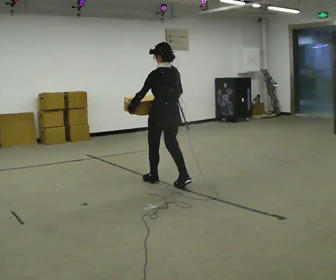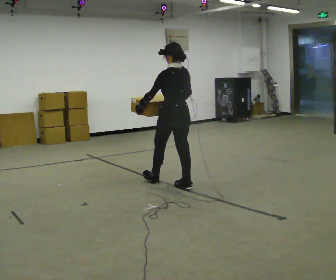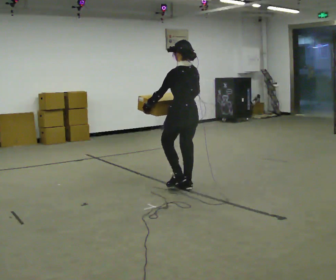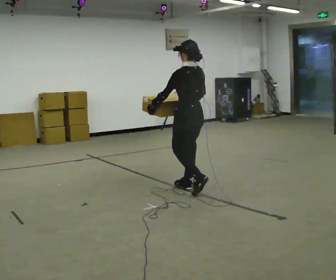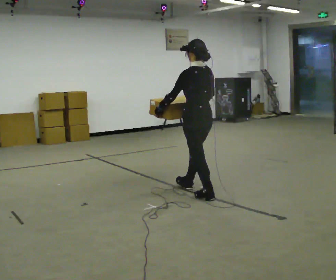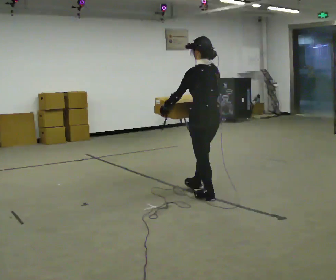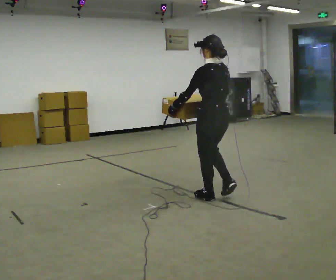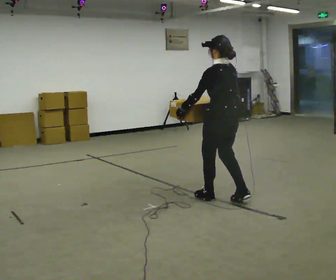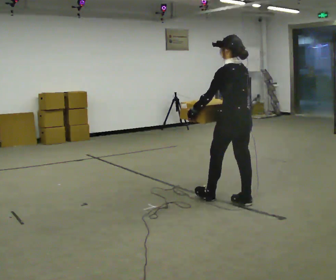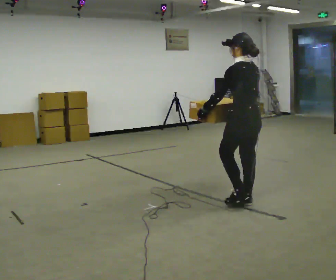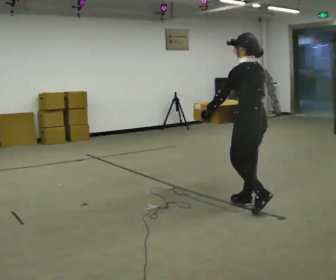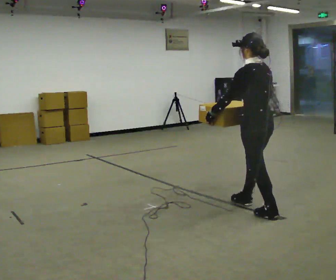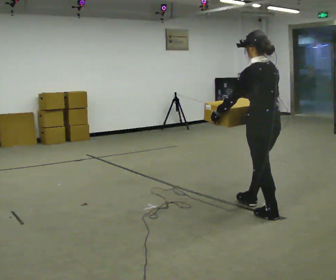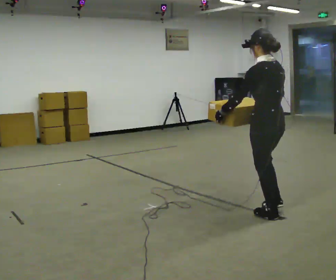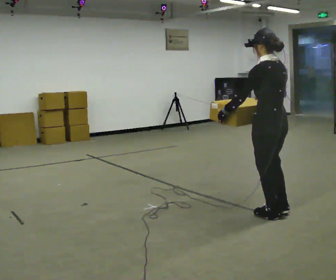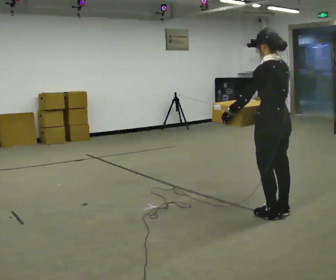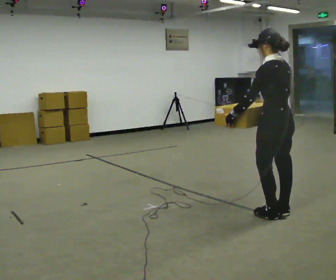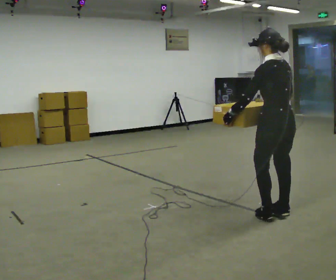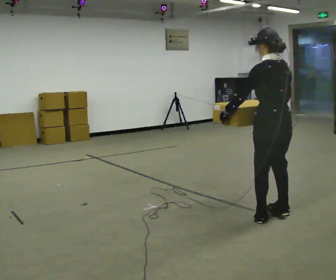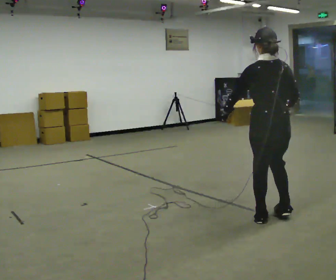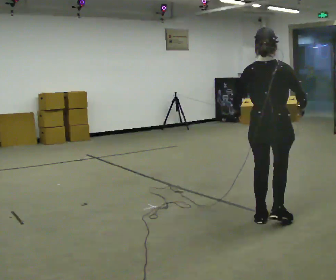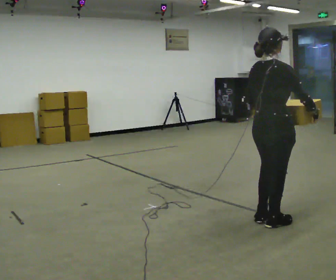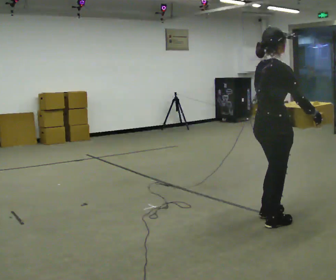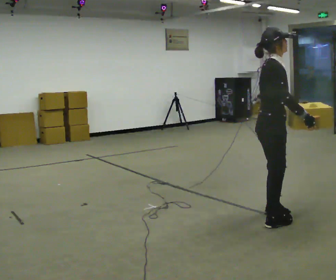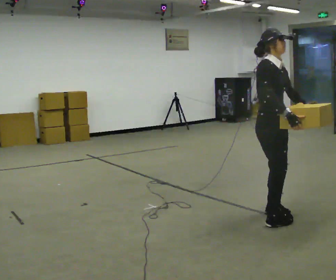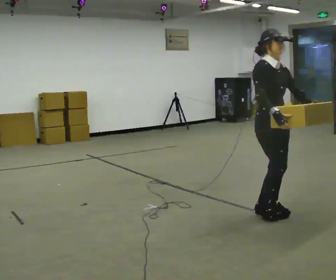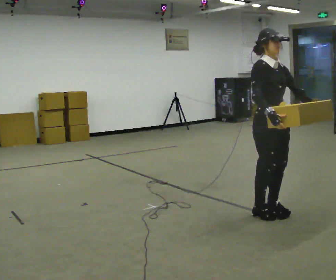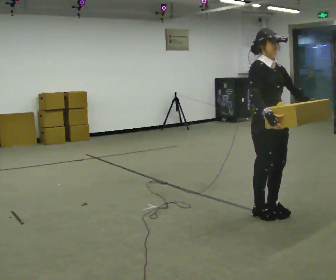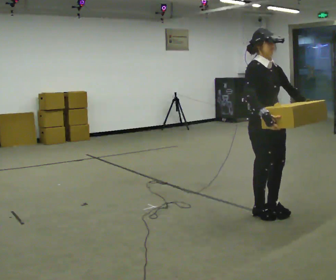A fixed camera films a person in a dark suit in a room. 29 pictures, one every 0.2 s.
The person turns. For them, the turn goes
to their right.
The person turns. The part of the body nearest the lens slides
to the left.
0.0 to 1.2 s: In the picture they go to the right and toward the camera, about 1 m in 2 steps, which for them is backward.
1.2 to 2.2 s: In the picture they go to the right and toward the camera, about 0.5 m in 1 step, which for them is backward.
2.2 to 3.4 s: In the picture they go to the right and toward the camera, about 0.25 m in 1 step, which for them is backward.
3.4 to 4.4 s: Seen from above the body turns clockwise, about 105 degrees: to their right, with its near side sliding to the left. In the picture they go toward the camera, about 0.25 m in 2 steps. In the picture their left hand goes to the right, the arm swinging counterclockwise.
4.4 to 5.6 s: The part of the body nearest the lens slides to the left as the person turns to their right by about 75 degrees. In the picture they go away from the camera, about 0.25 m in 1 step. In the picture their left hand goes to the right, the arm swinging counterclockwise.
The film runs backward here.
